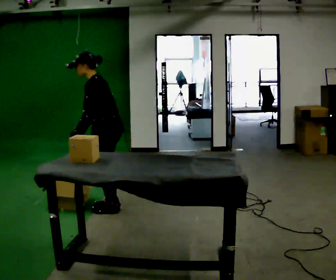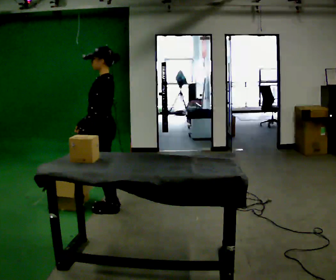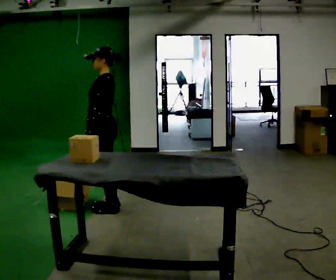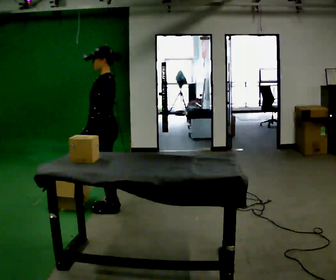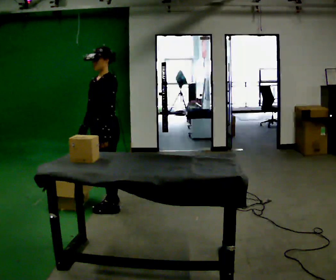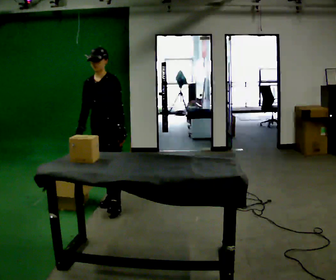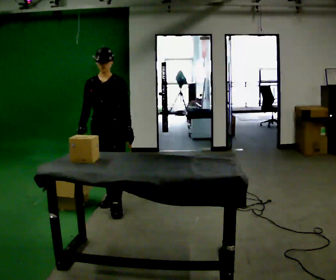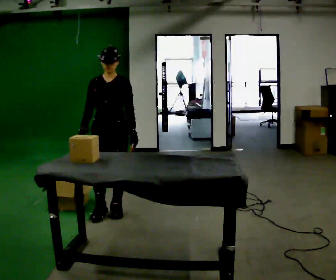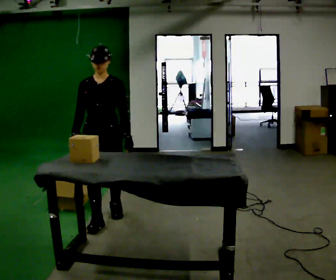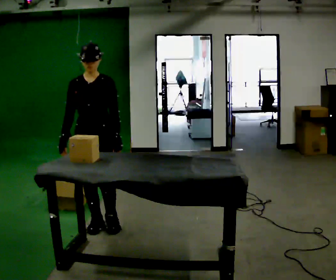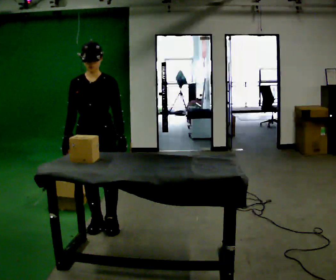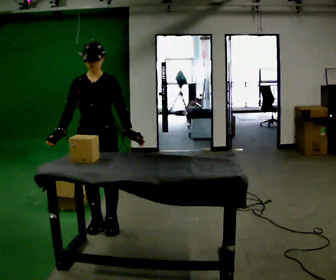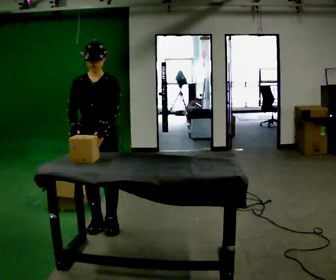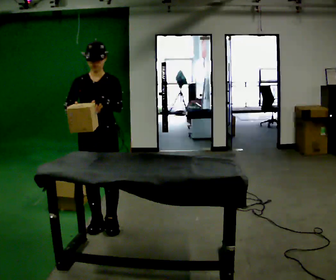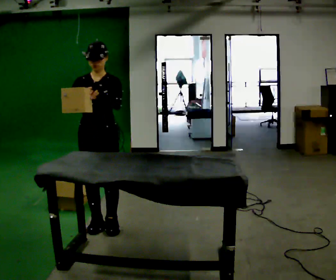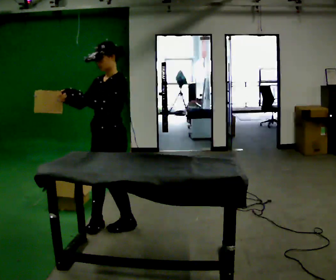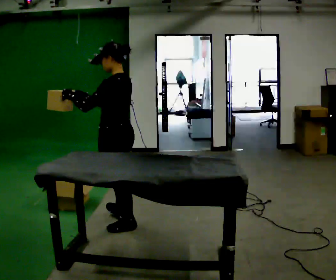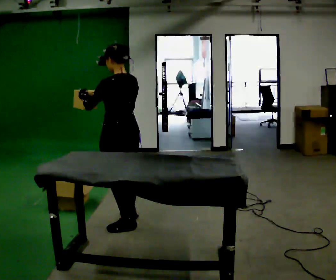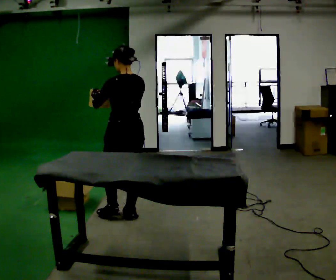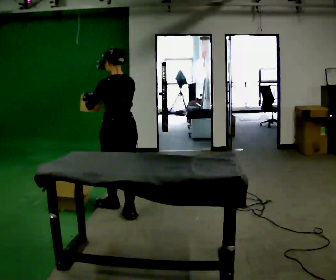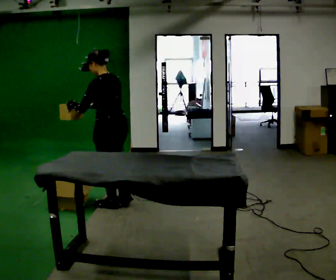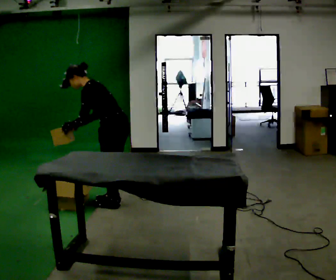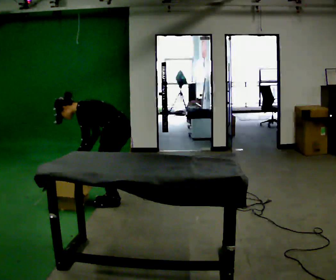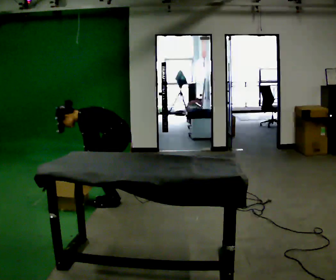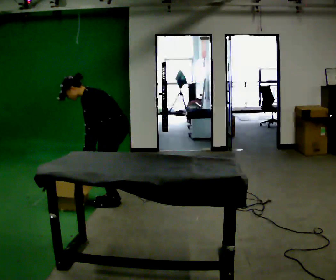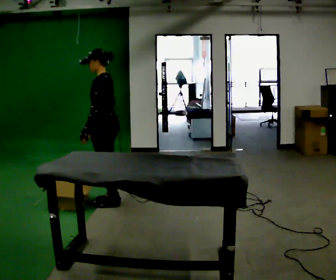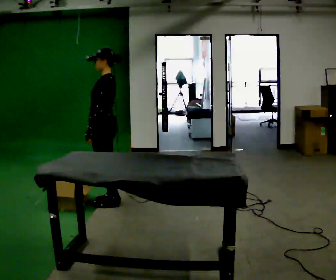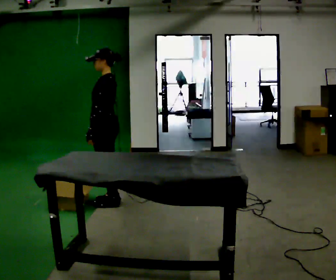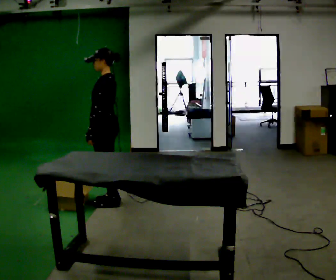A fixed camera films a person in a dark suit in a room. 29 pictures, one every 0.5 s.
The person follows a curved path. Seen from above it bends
counterclockwise.
0.0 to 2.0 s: The person turns about 30 degrees to their left, counterclockwise seen from above, so the part of the body nearest the lens slides to the right.
2.0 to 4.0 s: The part of the body nearest the lens slides to the right as the person turns to their left by about 45 degrees. In the picture they go toward the camera, about 0.25 m in 1 step, which for them is forward.
4.0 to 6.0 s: In the picture they go toward the camera, about 0.25 m in 1 step, which for them is forward.
6.0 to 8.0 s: The person turns about 105 degrees to their right, clockwise seen from above, so the part of the body nearest the lens slides to the left. In the picture they go to the right, about 0.25 m in 1 step.
8.0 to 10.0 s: In the picture they go away from the camera, about 0.5 m in 2 steps, which for them is forward.
10.0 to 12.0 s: The person turns about 30 degrees to their left, counterclockwise seen from above, so the part of the body nearest the lens slides to the right. In the picture their left hand goes downward, the arm swinging counterclockwise.
12.0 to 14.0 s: The upper body goes upward. In the picture the upper body tilts clockwise, shoulders to the right, as they lean back or straighten.
The film runs forward here.
